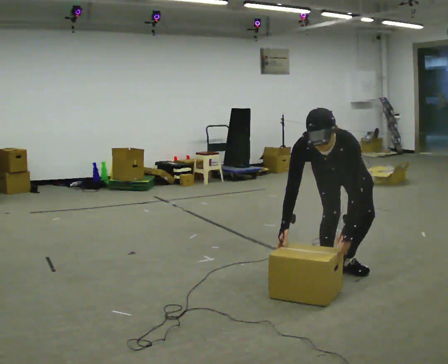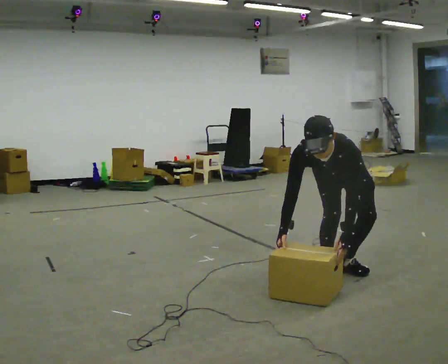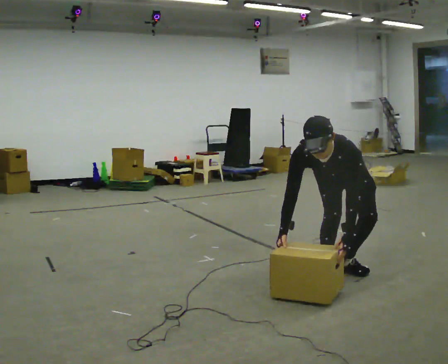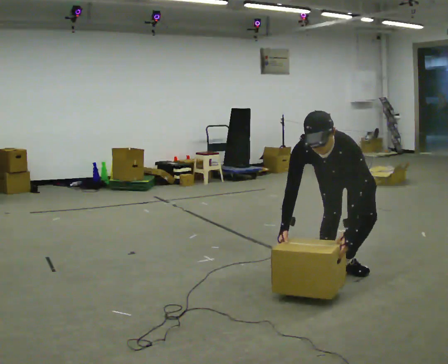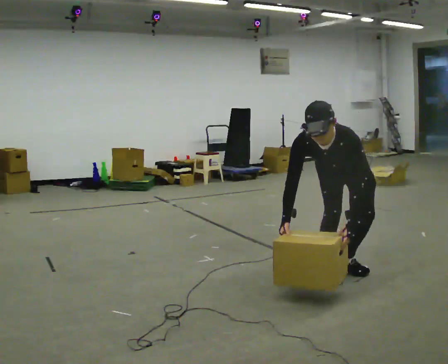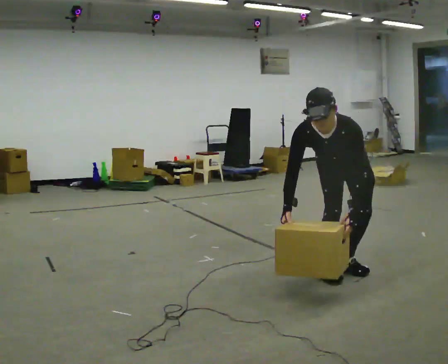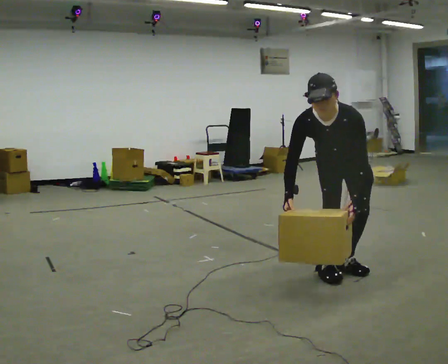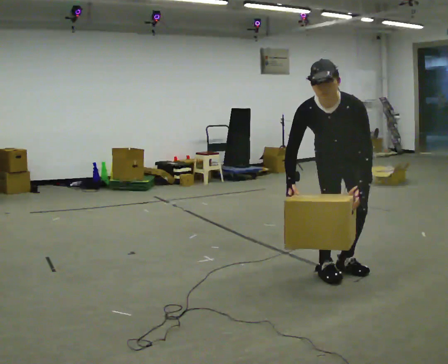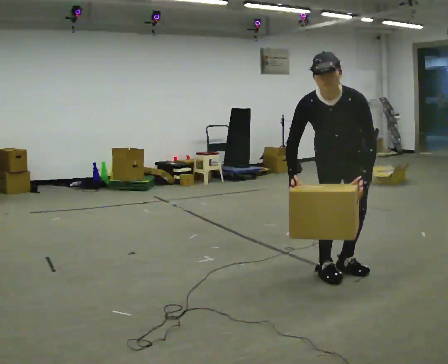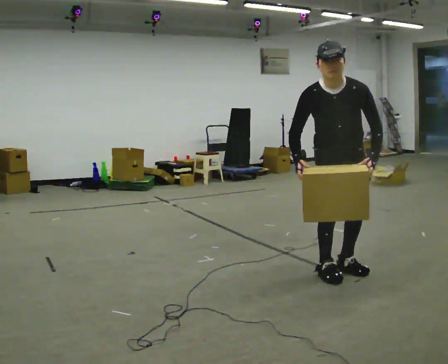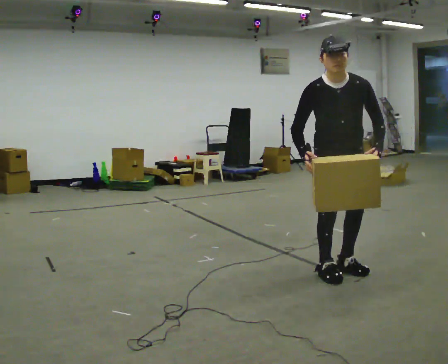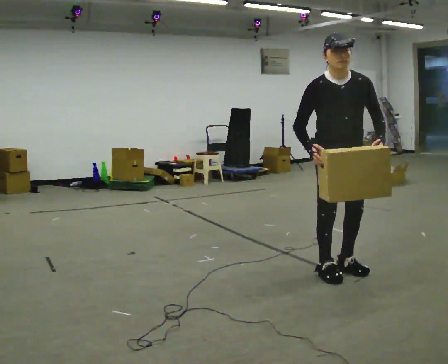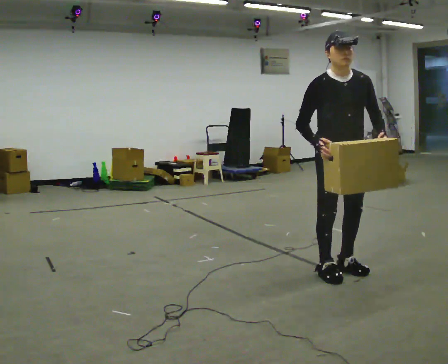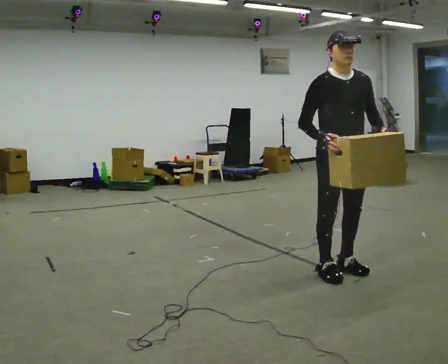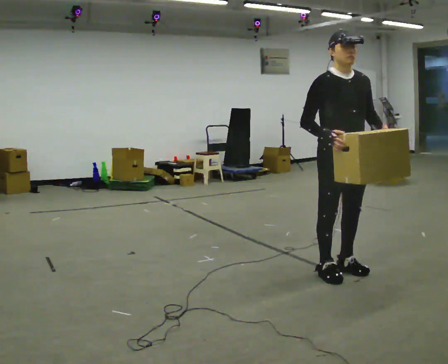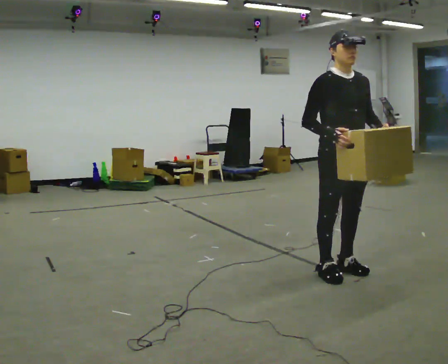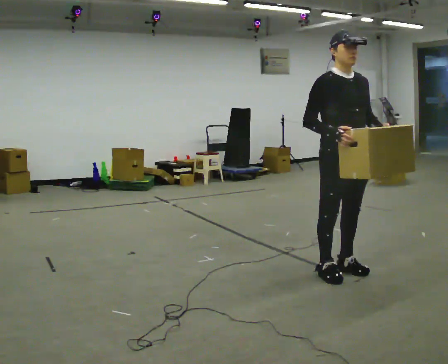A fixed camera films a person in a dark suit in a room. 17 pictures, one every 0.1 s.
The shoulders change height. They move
upward.
Their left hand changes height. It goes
upward.
0.0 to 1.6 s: Seen from above the body turns counterclockwise, about 45 degrees: to their left, with its near side sliding to the right. In the picture they go toward the camera, about 0.25 m, which for them is forward. The shoulders move upward. The upper body tips away from the camera, its near side rolling upward, as they lean back or straighten. In the picture their right hand goes upward and to the right.
The film runs backward here.
